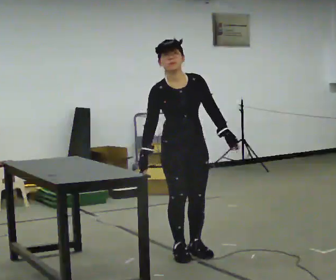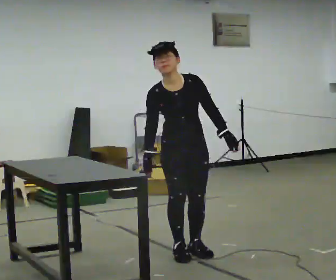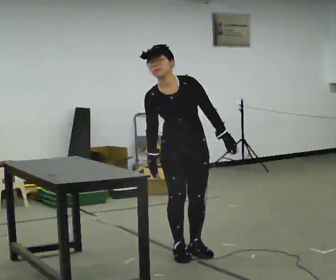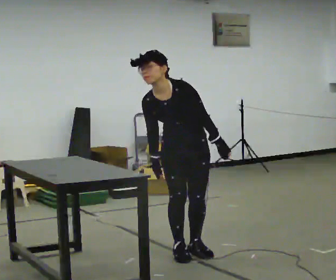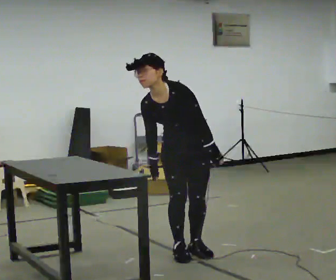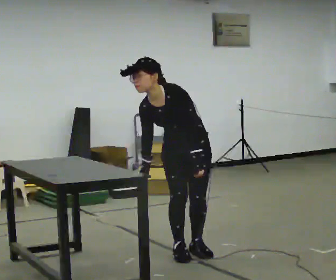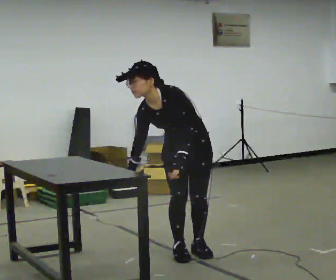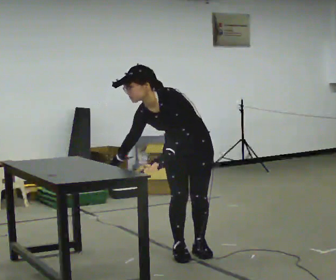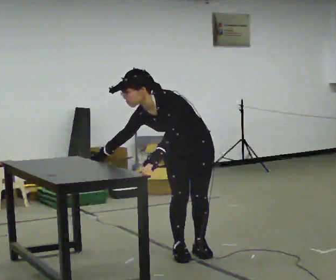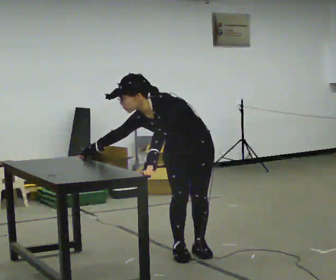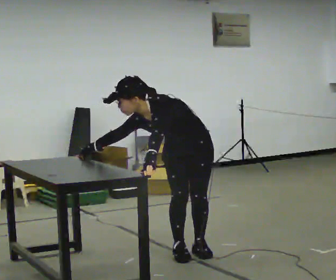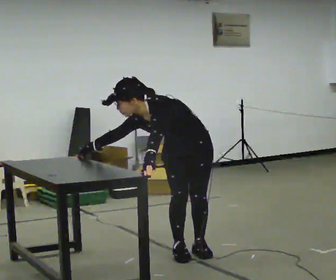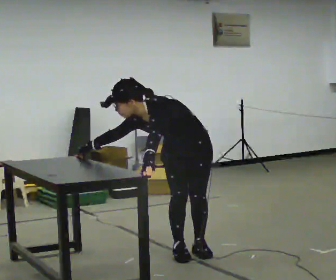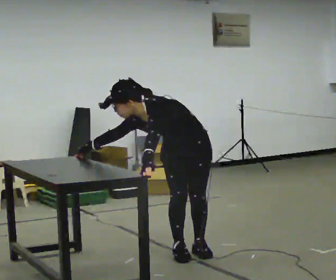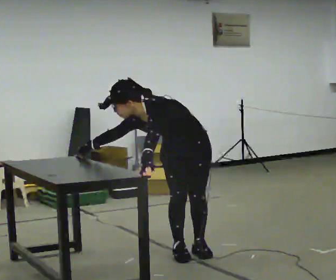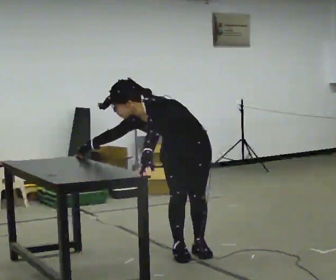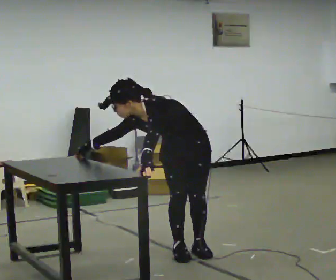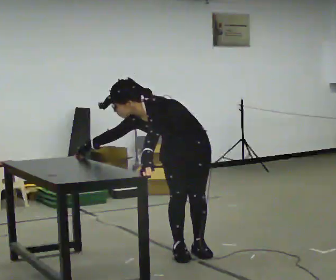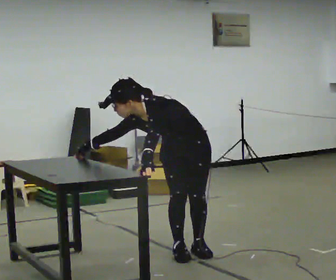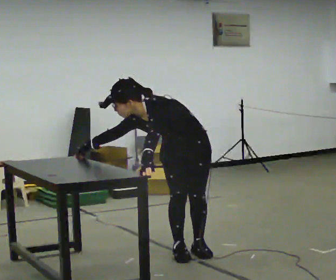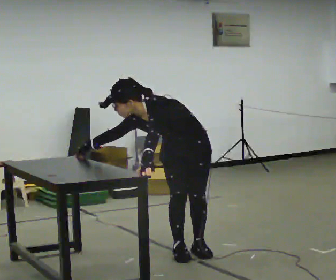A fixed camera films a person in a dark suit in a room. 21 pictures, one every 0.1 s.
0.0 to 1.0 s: Seen from above the body turns clockwise, about 45 degrees: to their right, with its near side sliding to the left. The upper body goes downward. In the picture the upper body tilts counterclockwise, shoulders to the left, as they bend forward. In the picture their left hand goes to the left.
1.0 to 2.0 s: The person moves a little, or ends about where they began.
The film runs backward here.
